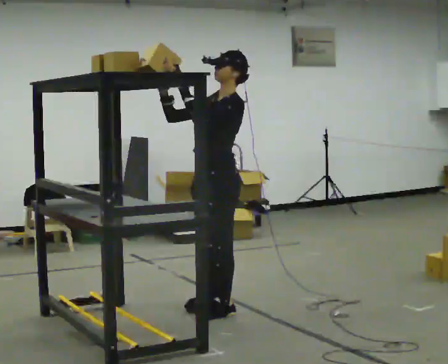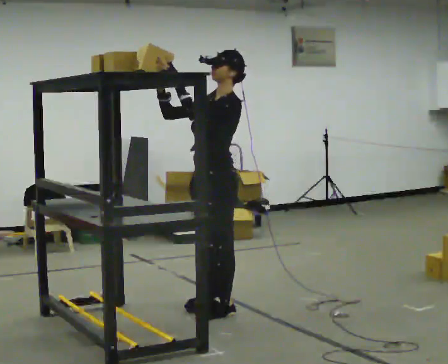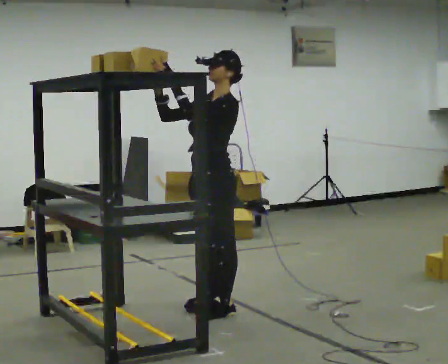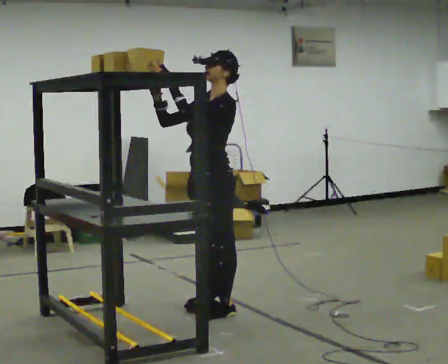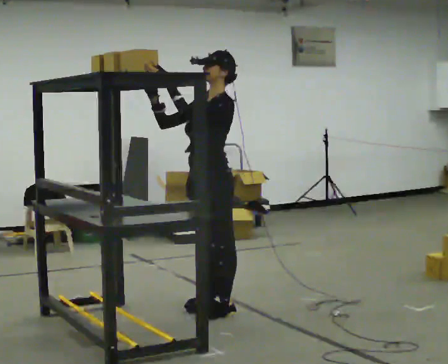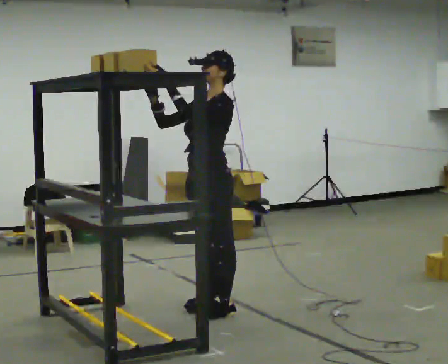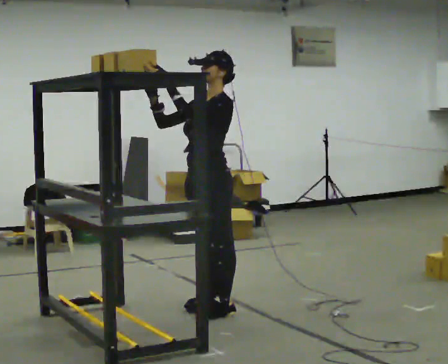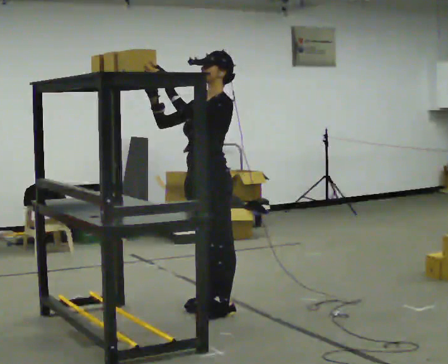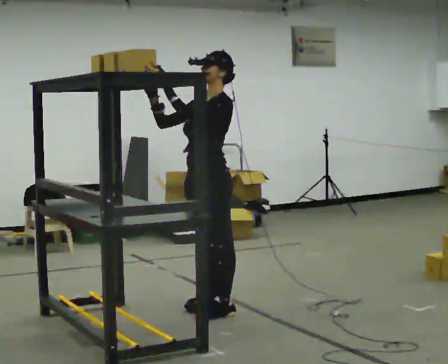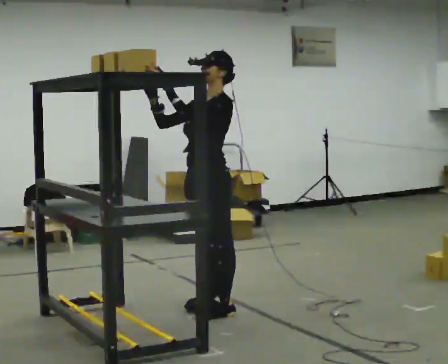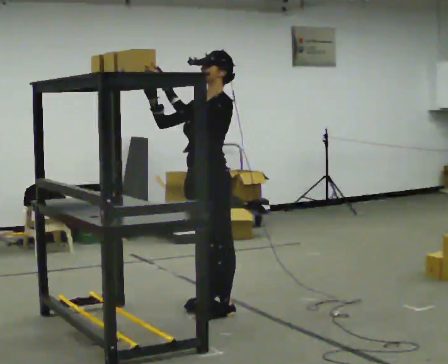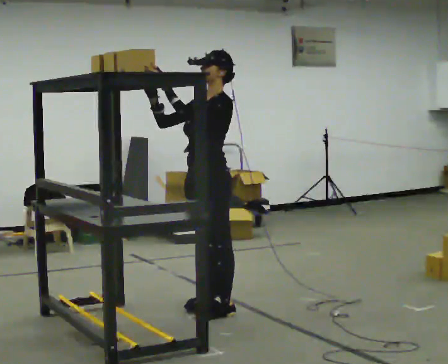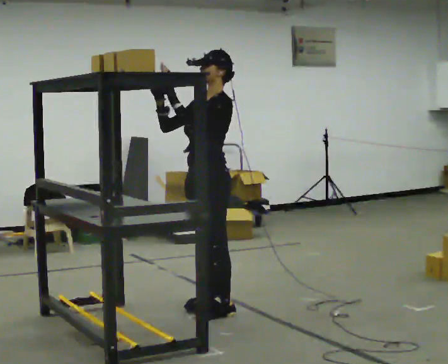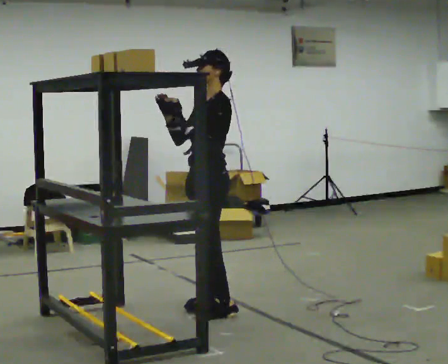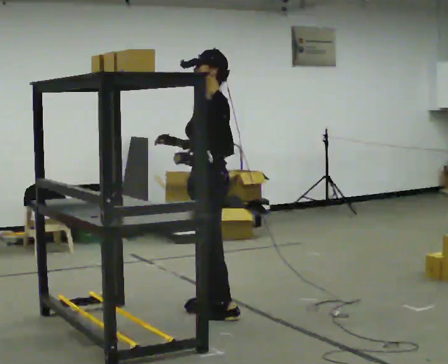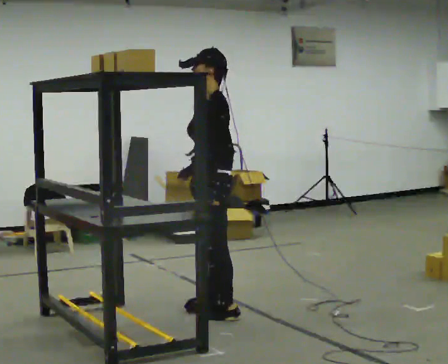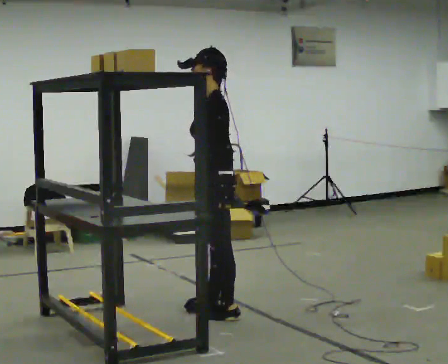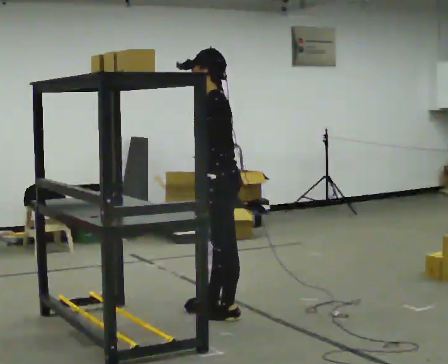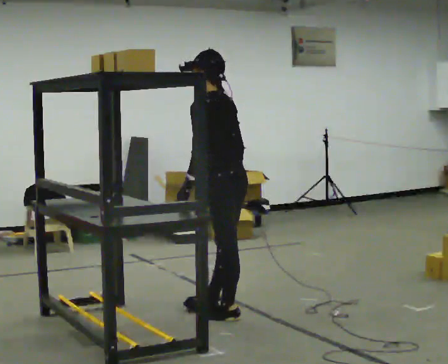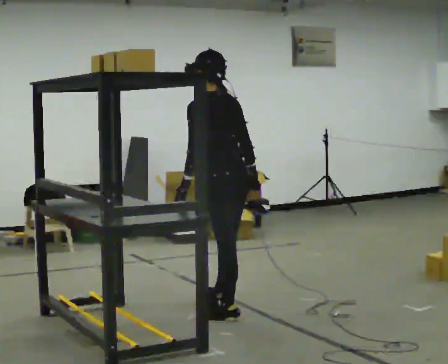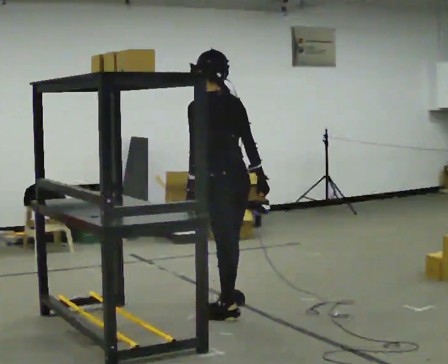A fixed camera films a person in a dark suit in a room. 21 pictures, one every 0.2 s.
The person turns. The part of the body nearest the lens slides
to the left.
The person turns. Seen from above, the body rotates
clockwise.
0.0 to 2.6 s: The person moves a little, or ends about where they began.
2.6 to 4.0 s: The person turns about 75 degrees to their right, clockwise seen from above, so the part of the body nearest the lens slides to the left. In the picture their right hand goes to the right and downward, the arm swinging counterclockwise.
The film runs forward here.
